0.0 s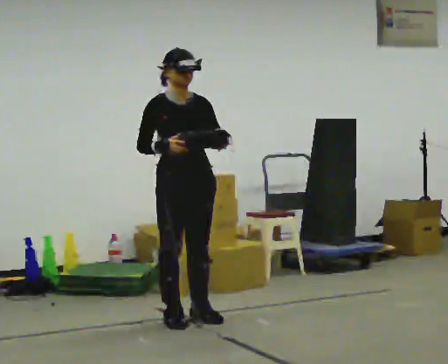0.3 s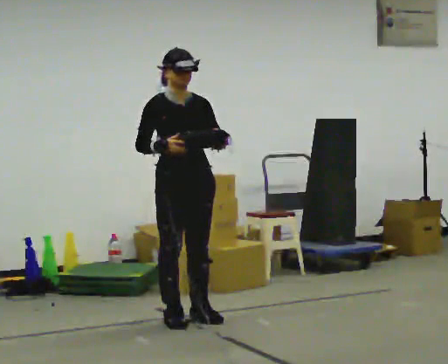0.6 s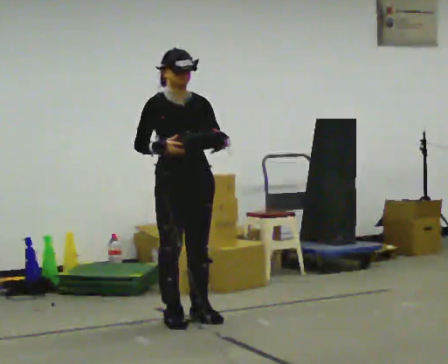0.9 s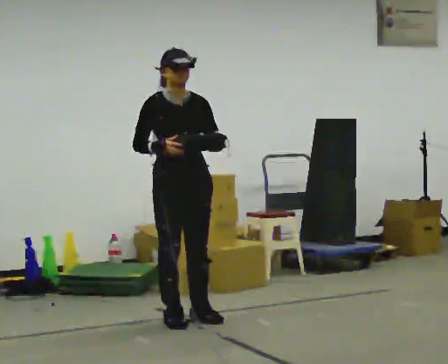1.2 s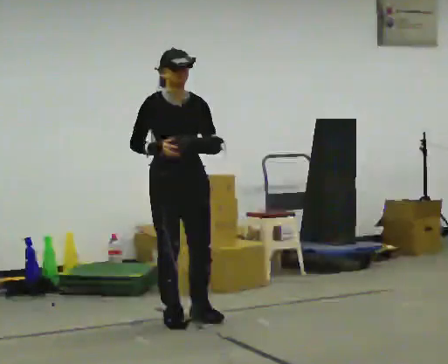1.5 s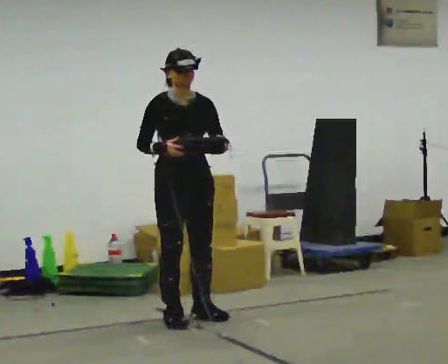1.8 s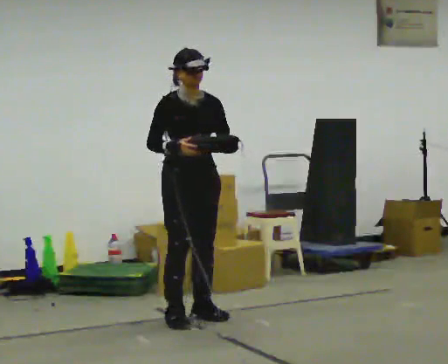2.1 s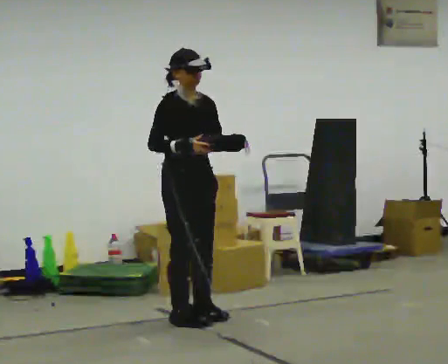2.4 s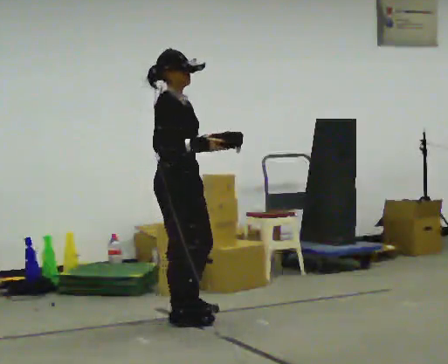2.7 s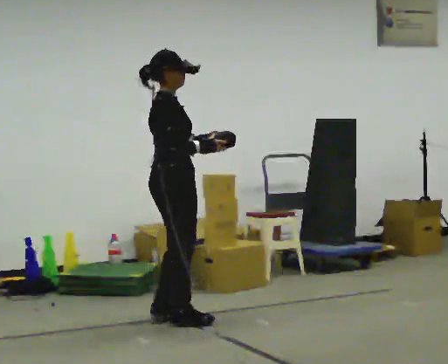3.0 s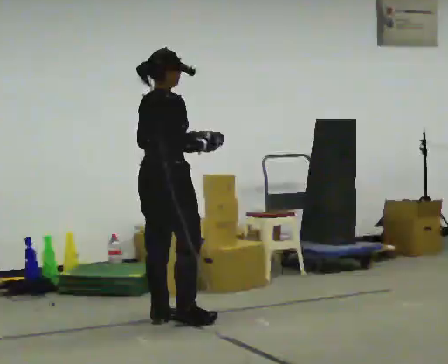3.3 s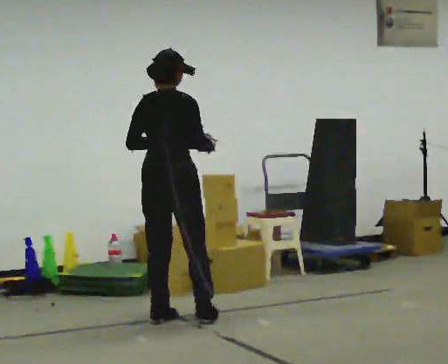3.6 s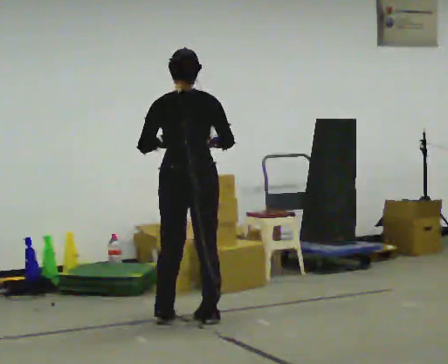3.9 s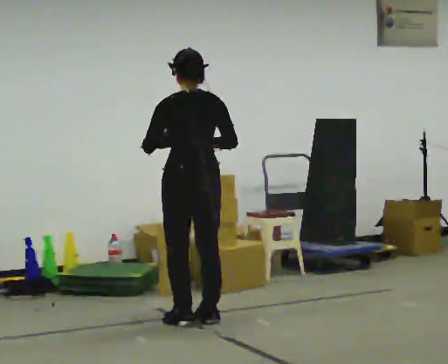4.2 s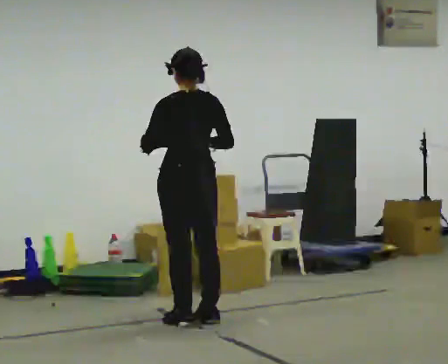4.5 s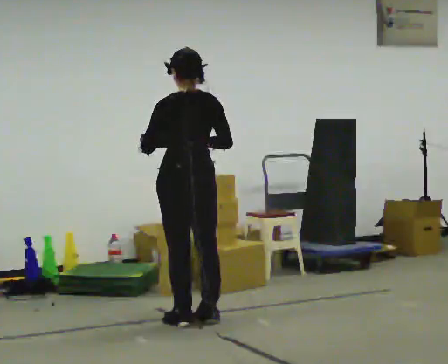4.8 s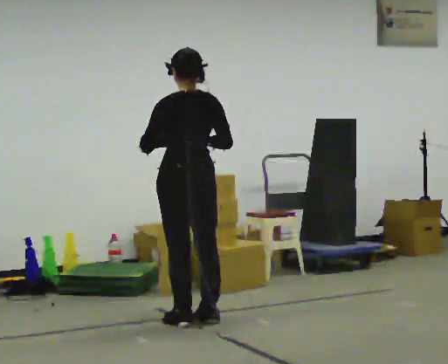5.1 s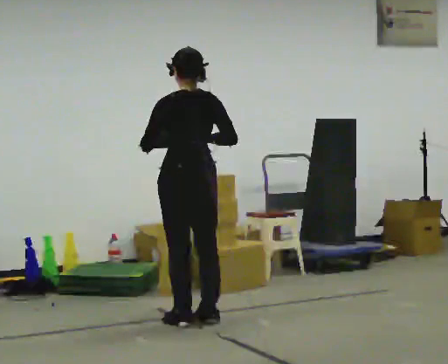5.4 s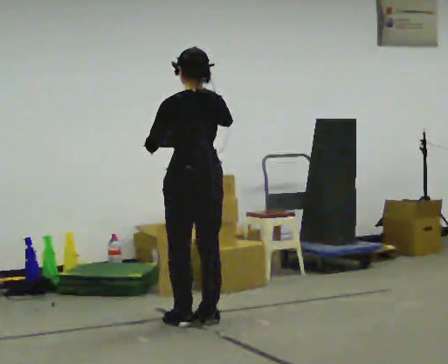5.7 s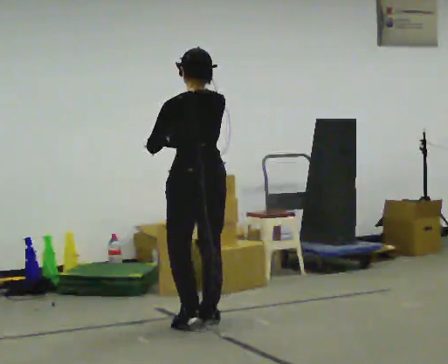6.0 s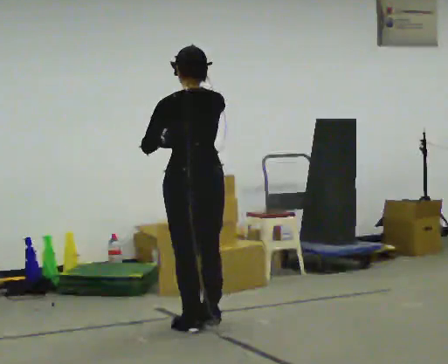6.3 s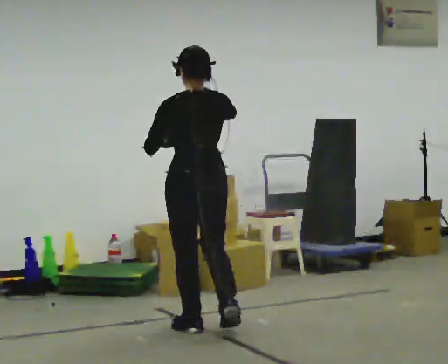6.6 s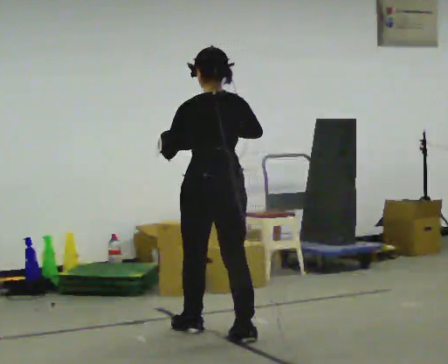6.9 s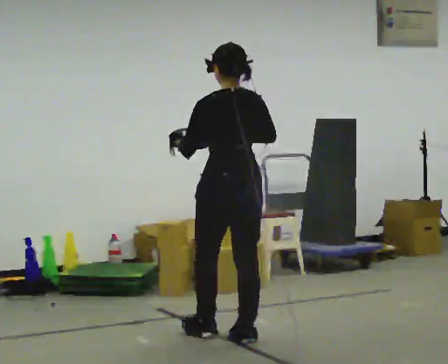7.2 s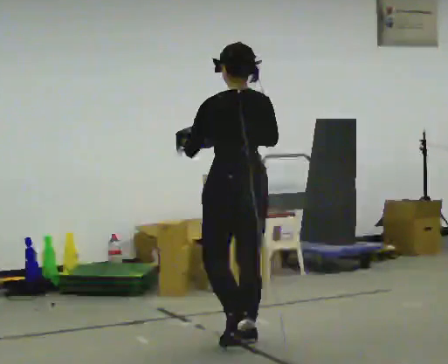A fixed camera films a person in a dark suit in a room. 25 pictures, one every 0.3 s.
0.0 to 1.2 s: The person moves a little, or ends about where they began.
1.2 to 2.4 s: Seen from above the body turns counterclockwise, about 45 degrees: to their left, with its near side sliding to the right.
2.4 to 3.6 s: The person turns about 105 degrees to their left, counterclockwise seen from above, so the part of the body nearest the lens slides to the right.
3.6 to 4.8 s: The person moves a little, or ends about where they began.
4.8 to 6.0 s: In the picture they go toward the camera, about 0.25 m in 2 steps, which for them is backward.
6.0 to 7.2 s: In the picture they go toward the camera and to the right, about 0.5 m in 1 step, which for them is backward.
The film runs backward here.
